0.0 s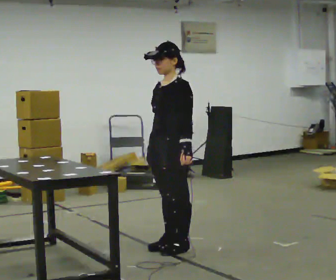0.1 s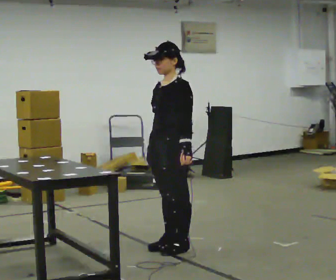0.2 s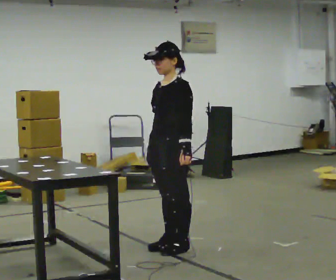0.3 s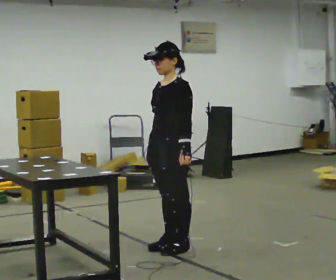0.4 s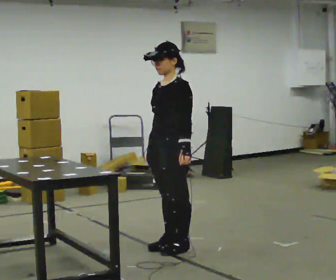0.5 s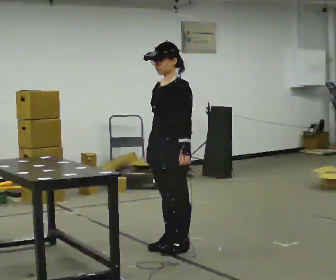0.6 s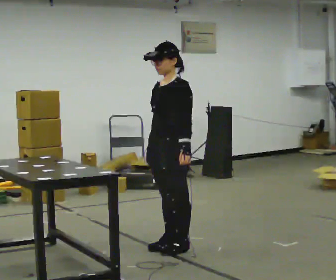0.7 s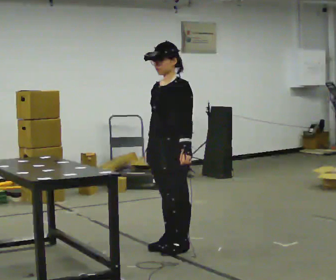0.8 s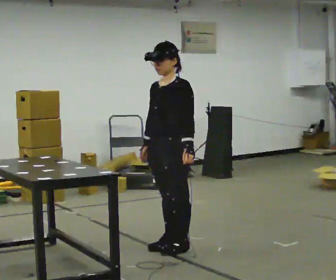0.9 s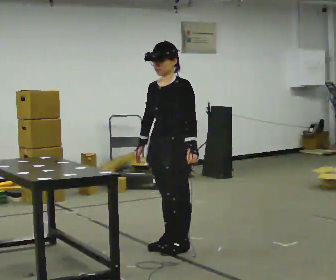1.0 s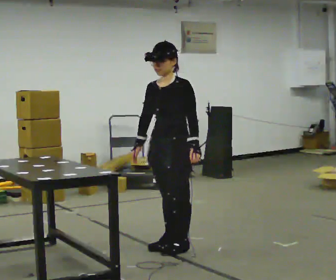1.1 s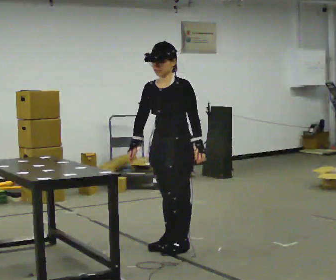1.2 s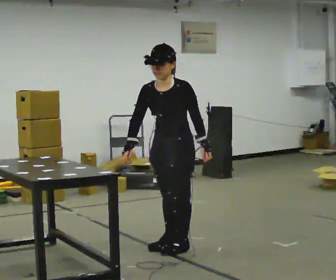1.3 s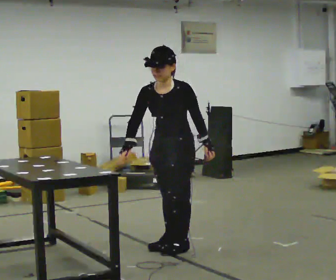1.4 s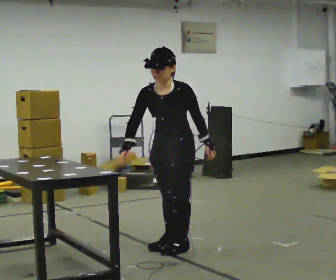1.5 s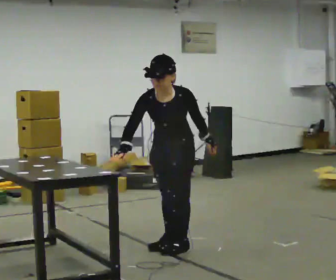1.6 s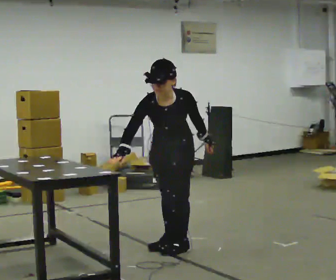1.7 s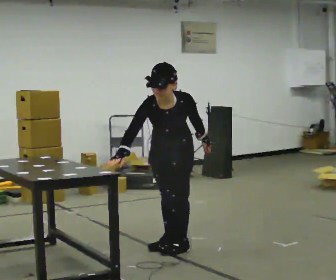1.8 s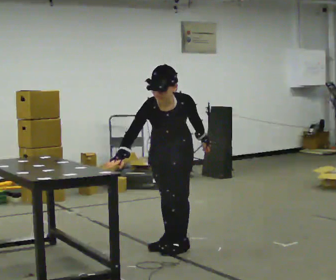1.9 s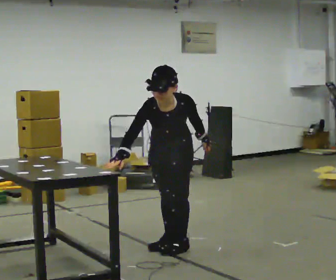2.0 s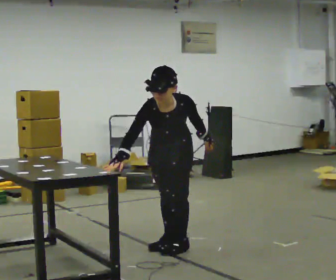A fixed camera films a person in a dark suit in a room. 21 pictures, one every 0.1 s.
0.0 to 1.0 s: The person moves a little, or ends about where they began.
1.0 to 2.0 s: Seen from above the body turns counterclockwise, about 30 degrees: to their left, with its near side sliding to the right. The upper body goes downward. The upper body tips toward the camera, its near side rolling downward, as they bend forward.
The film runs forward here.
